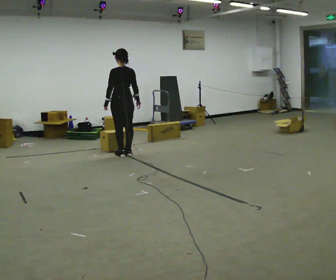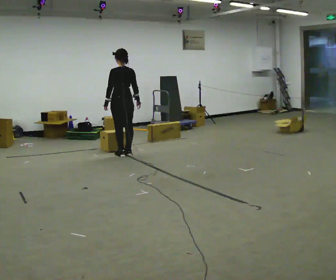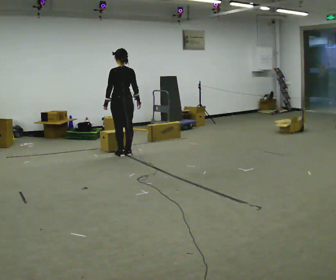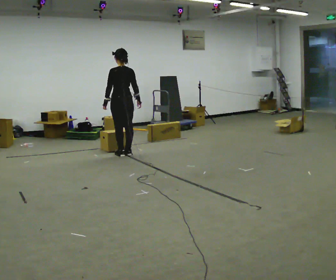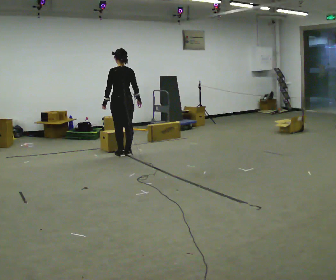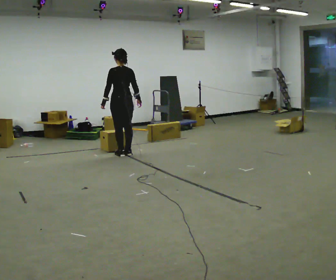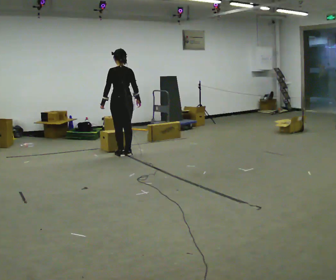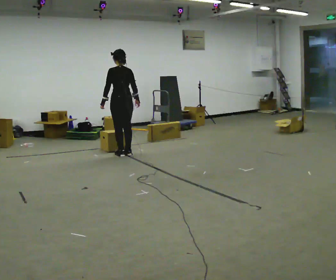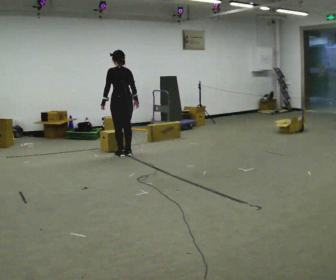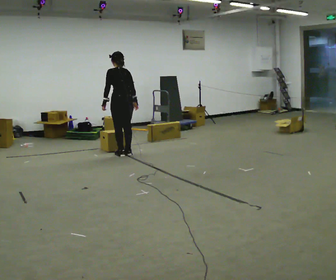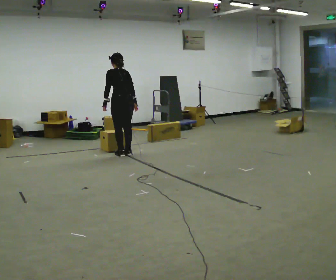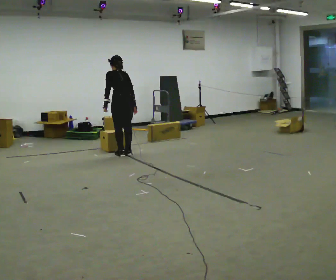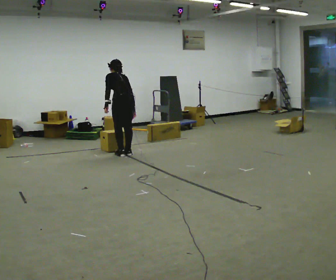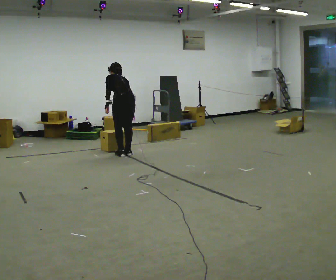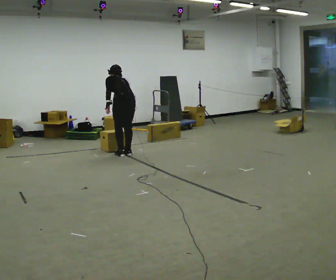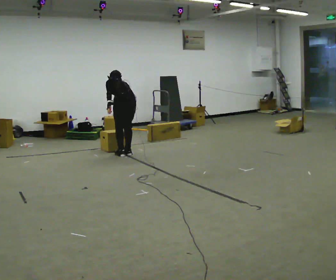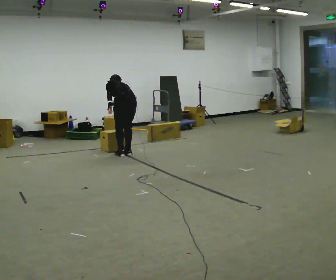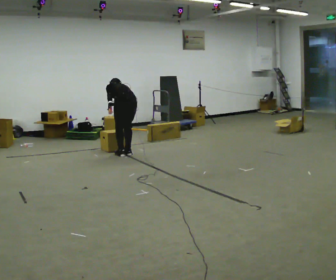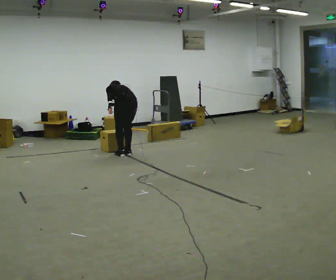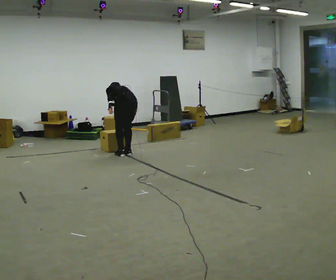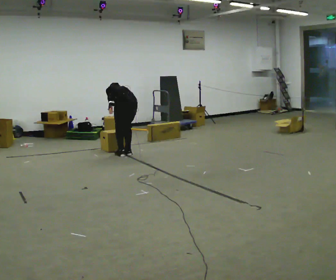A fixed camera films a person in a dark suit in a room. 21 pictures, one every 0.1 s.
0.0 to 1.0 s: The upper body tips away from the camera, its near side rolling upward, as they bend forward.
1.0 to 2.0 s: The shoulders move downward. The upper body tips away from the camera, its near side rolling upward, as they bend forward.
The film runs backward here.
